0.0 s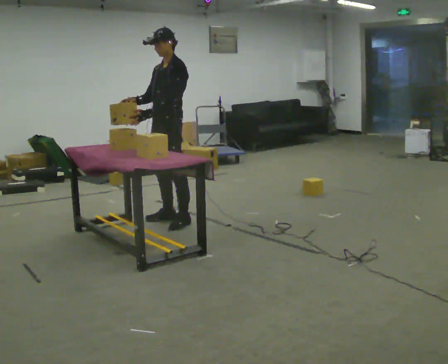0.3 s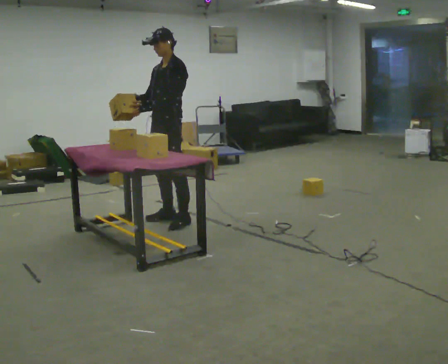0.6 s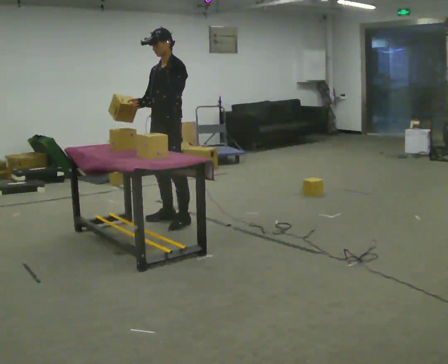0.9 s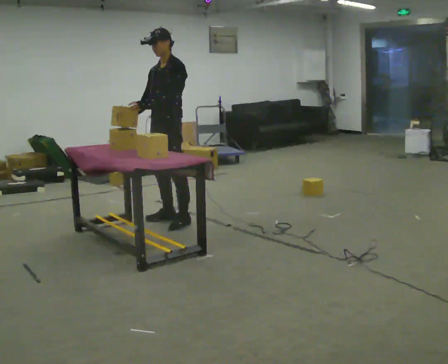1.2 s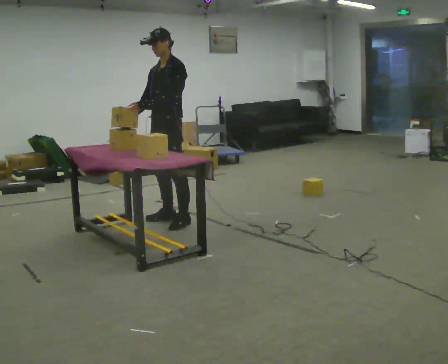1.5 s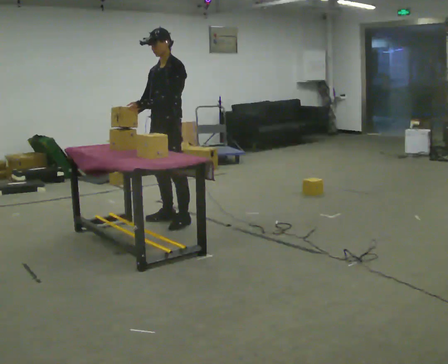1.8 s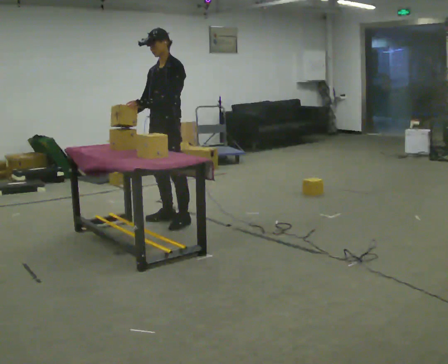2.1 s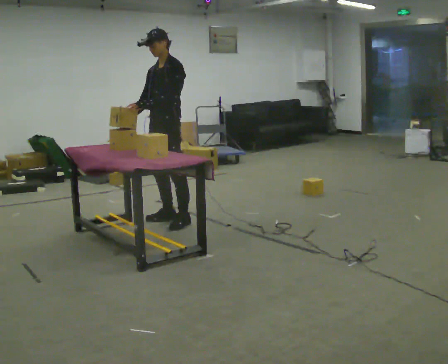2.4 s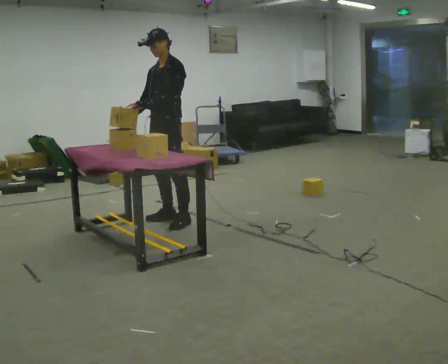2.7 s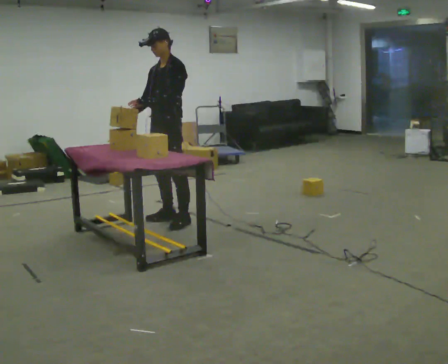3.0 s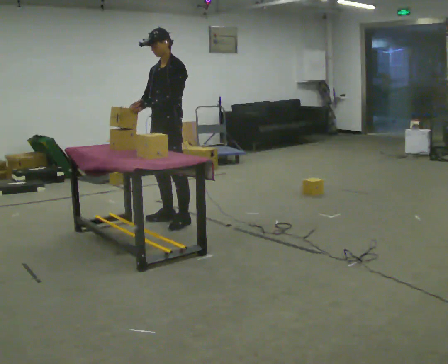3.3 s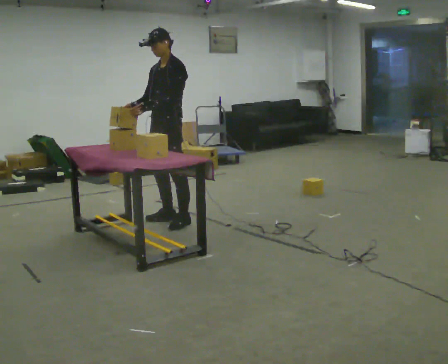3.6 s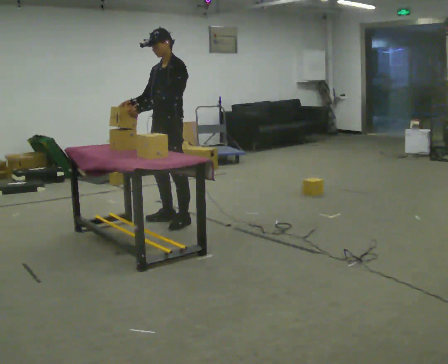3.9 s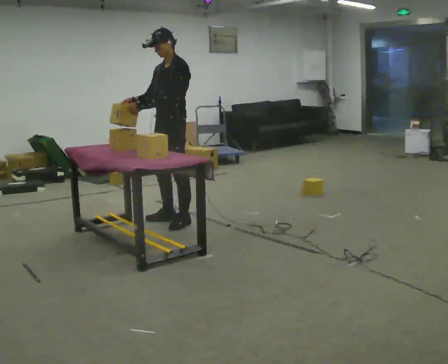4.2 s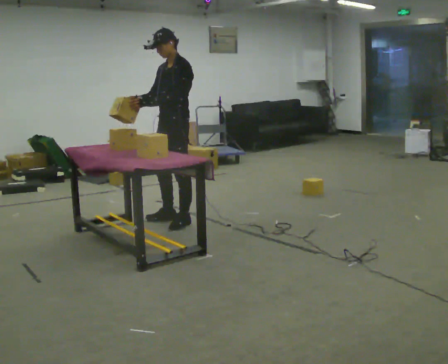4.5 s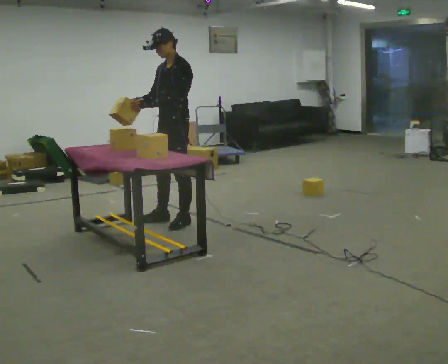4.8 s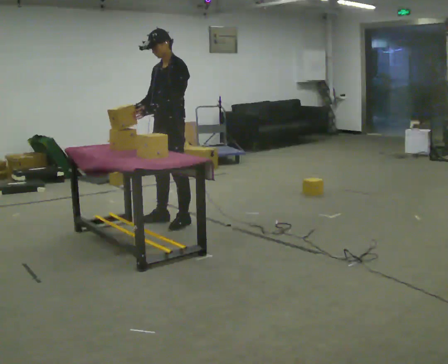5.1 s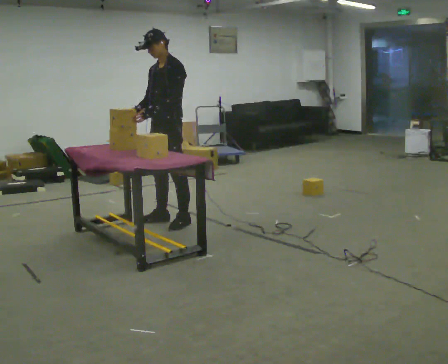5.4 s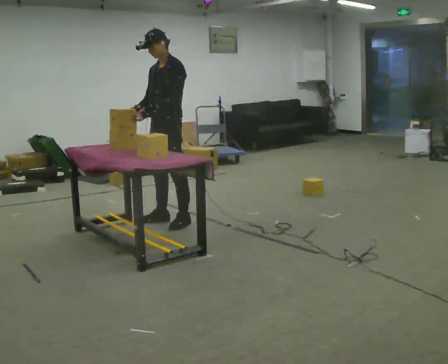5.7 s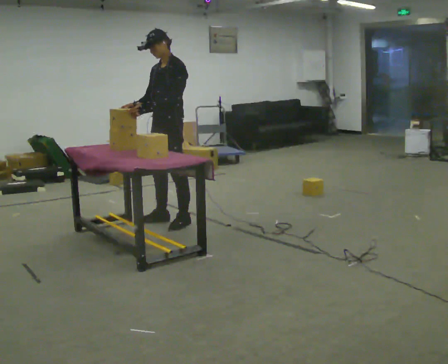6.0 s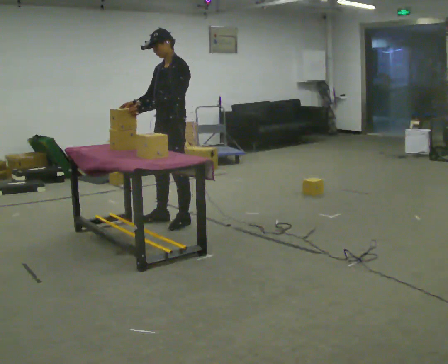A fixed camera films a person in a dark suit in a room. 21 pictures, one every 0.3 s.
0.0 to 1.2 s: The person moves a little, or ends about where they began.
1.2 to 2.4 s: The person keeps their place and pose.
2.4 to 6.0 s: The person moves a little, or ends about where they began.
The film runs backward here.
